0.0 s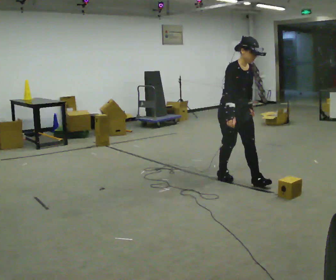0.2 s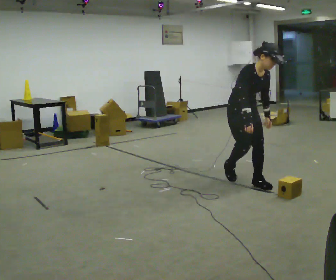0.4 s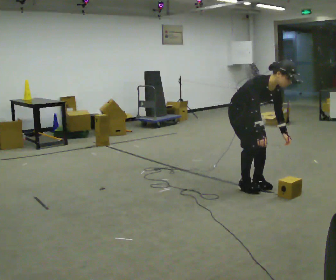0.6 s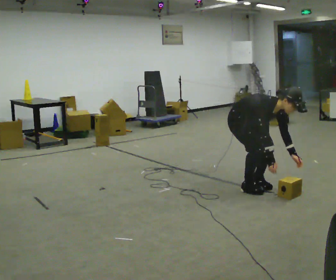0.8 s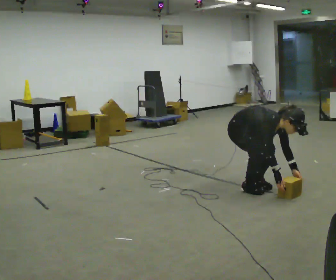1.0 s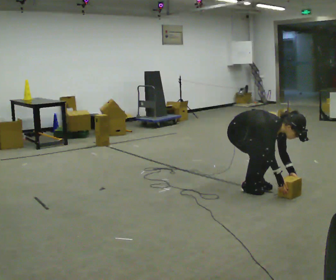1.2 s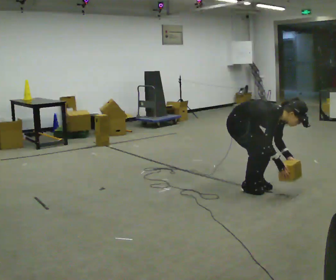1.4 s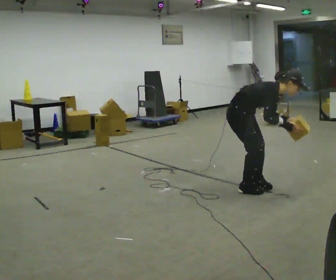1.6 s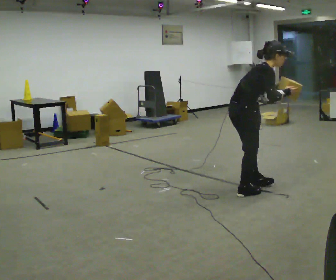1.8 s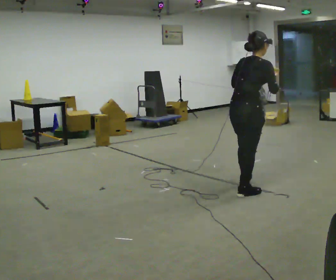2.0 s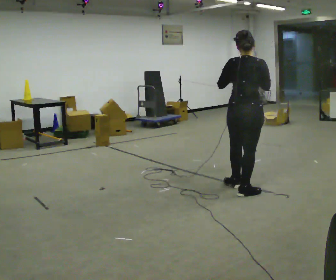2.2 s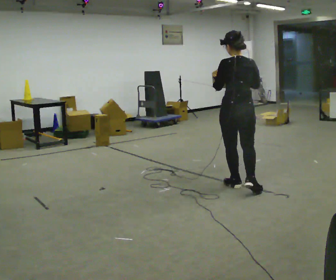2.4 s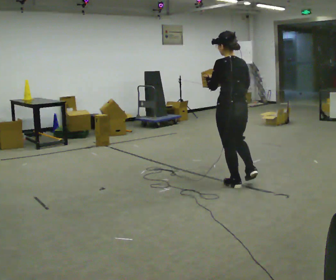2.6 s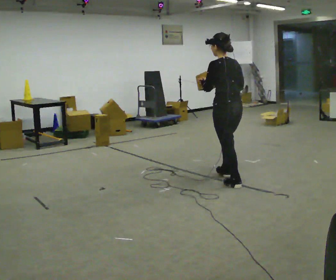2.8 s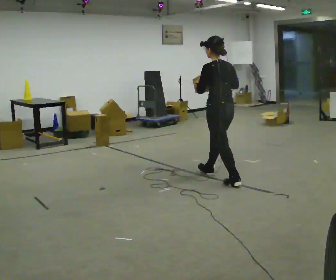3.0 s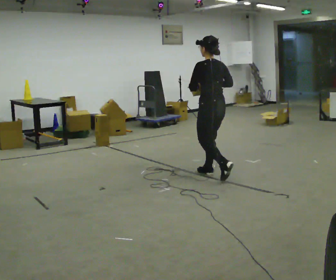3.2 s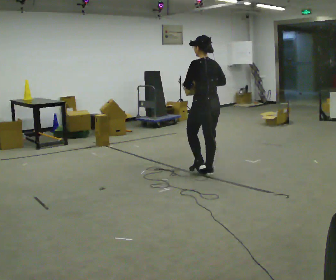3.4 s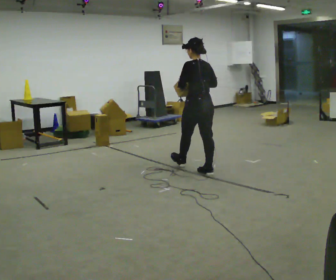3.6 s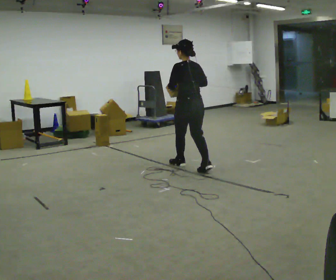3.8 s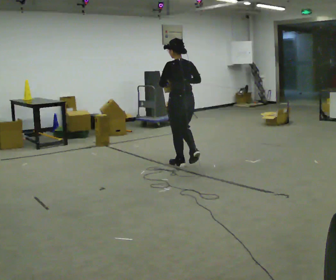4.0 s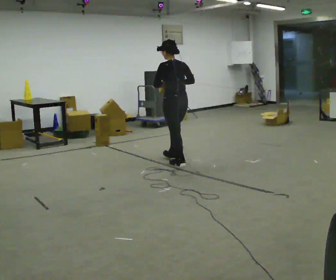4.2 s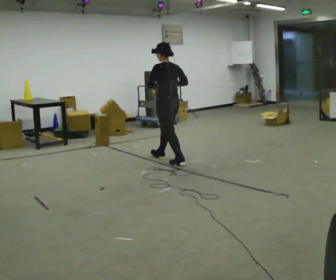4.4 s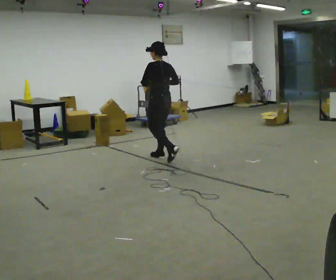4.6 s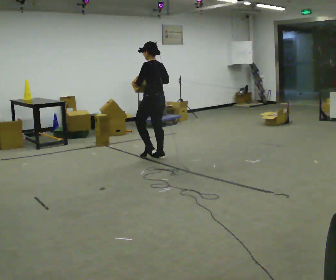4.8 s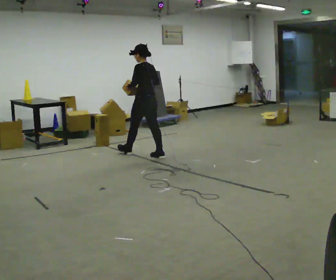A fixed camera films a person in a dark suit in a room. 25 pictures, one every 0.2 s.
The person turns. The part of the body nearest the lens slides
to the right.
The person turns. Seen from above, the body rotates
counterclockwise.
0.0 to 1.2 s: In the picture they go toward the camera, about 0.25 m in 1 step, which for them is forward. In the picture the upper body tilts clockwise, shoulders to the right, as they bend forward. In the picture their left hand goes downward.
1.2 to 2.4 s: Seen from above the body turns counterclockwise, about 150 degrees: to their left, with its near side sliding to the right. The upper body goes upward. In the picture the upper body tilts counterclockwise, shoulders to the left, as they lean back or straighten. In the picture their right hand goes upward and to the left.
2.4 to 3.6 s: In the picture they go away from the camera and to the left, about 1 m in 2 steps, which for them is forward.
3.6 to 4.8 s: Seen from above the body turns counterclockwise, about 30 degrees: to their left, with its near side sliding to the right. In the picture they go away from the camera and to the left, about 1 m in 1 step, which for them is forward.
The film runs forward here.
